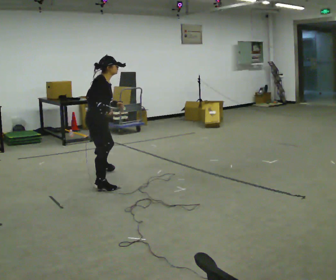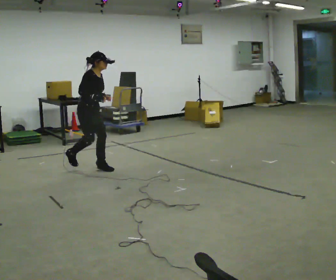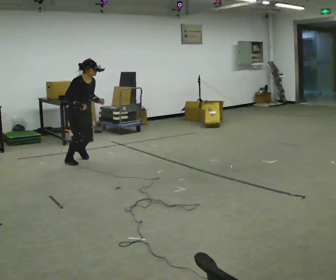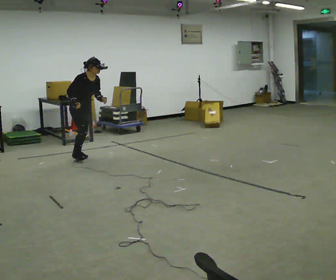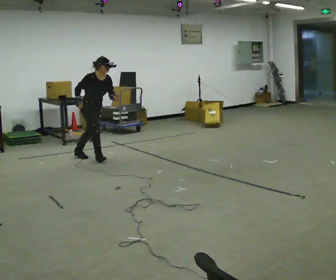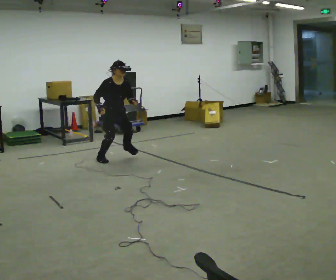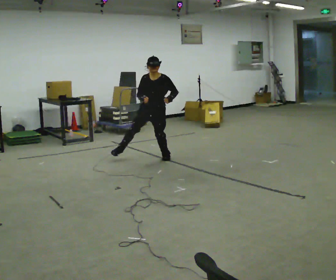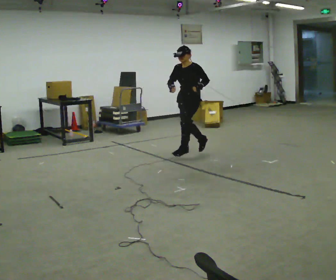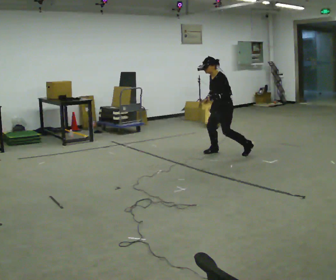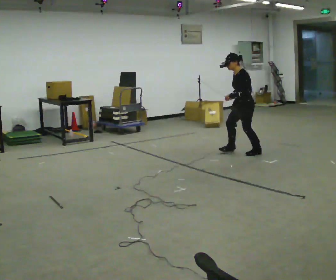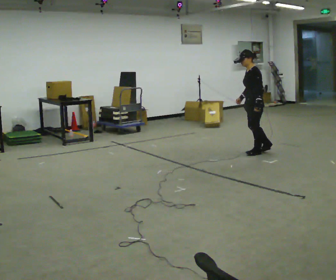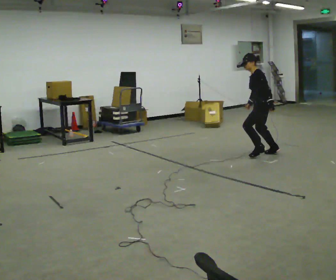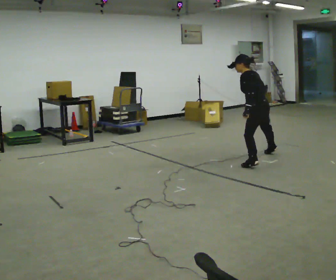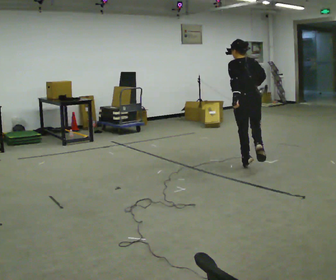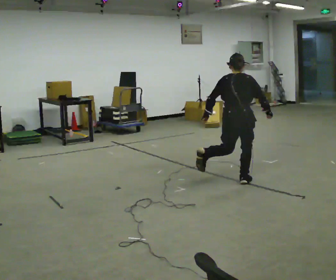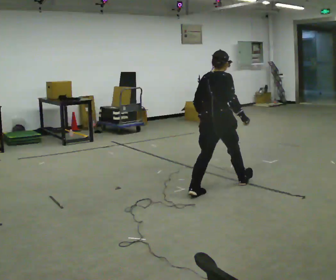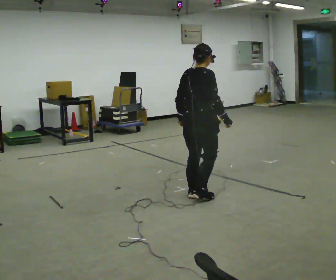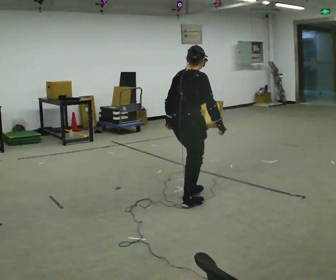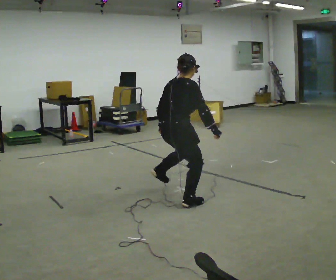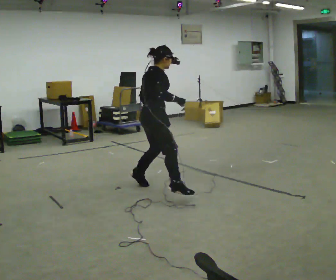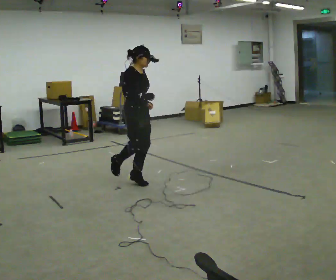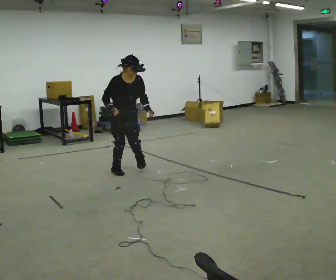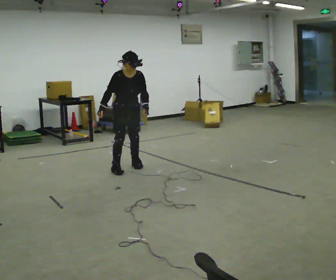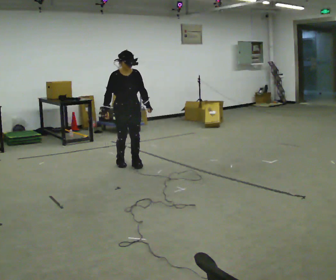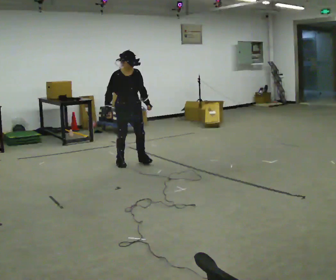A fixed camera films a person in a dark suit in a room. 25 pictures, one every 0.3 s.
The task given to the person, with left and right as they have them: Move around the room freely as if avoiding someone: change speed and direction whenever you like. Keep moving until the operator says stop.
0.0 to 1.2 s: The person turns about 45 degrees to their right, clockwise seen from above, so the part of the body nearest the lens slides to the left. In the picture they go away from the camera and to the left, about 1 m in 3 steps, which for them is to their left and backward.
1.2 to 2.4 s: The part of the body nearest the lens slides to the left as the person turns to their right by about 120 degrees. In the picture they go to the right, about 2 m in 3 steps. In the picture the upper body tilts counterclockwise, shoulders to the left.
2.4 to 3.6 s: The person turns about 45 degrees to their right, clockwise seen from above, so the part of the body nearest the lens slides to the left. In the picture they go to the right and toward the camera, about 0.75 m in 2 steps, which for them is to their left and backward. The upper body tips away from the camera, its near side rolling upward.
3.6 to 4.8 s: The part of the body nearest the lens slides to the left as the person turns to their right by about 105 degrees. In the picture they go toward the camera and to the left, about 1.5 m in 3 steps. In the picture the upper body tilts clockwise, shoulders to the right.
4.8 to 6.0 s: Seen from above the body turns clockwise, about 75 degrees: to their right, with its near side sliding to the left. In the picture they go to the left and away from the camera, about 1 m in 2 steps.
6.0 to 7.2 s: Seen from above the body turns clockwise, about 30 degrees: to their right, with its near side sliding to the left. In the picture they go away from the camera and to the left, about 0.5 m in 3 steps, which for them is backward.
The film runs forward here.
